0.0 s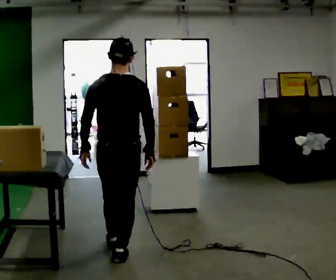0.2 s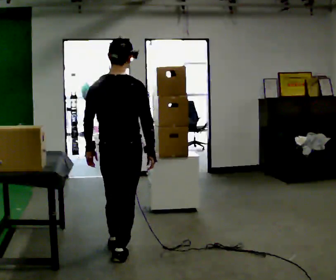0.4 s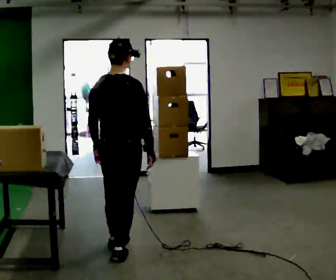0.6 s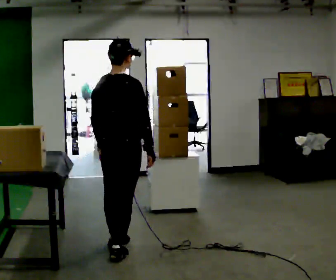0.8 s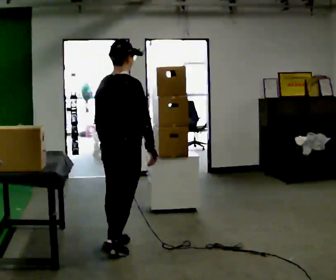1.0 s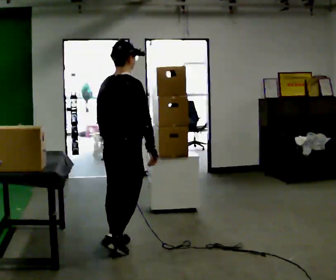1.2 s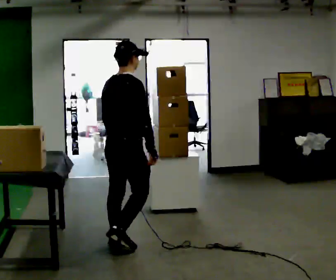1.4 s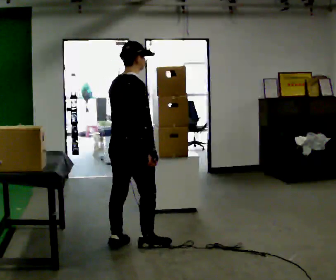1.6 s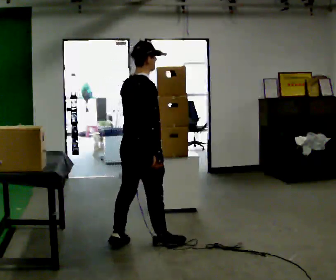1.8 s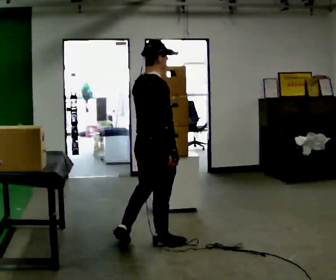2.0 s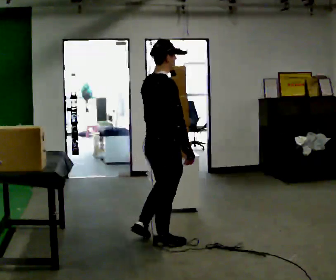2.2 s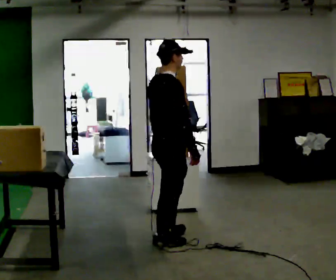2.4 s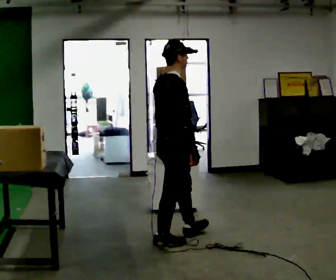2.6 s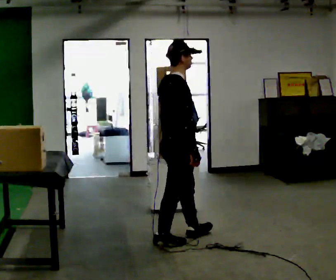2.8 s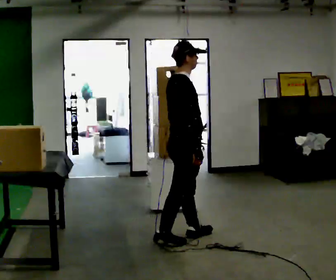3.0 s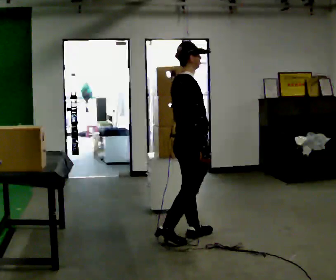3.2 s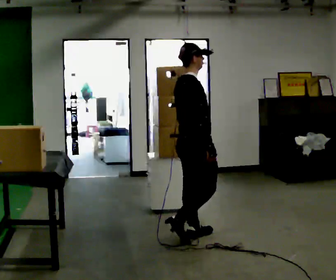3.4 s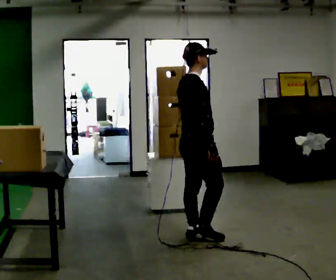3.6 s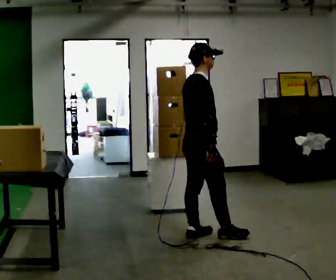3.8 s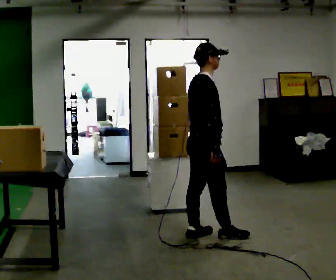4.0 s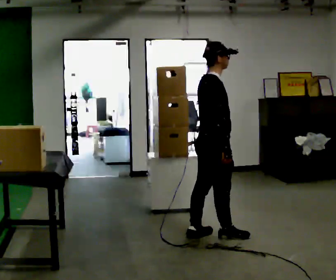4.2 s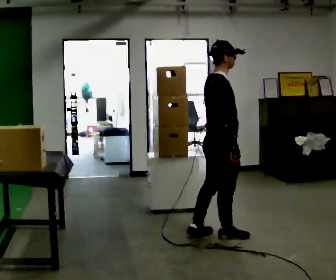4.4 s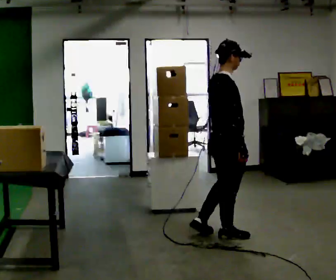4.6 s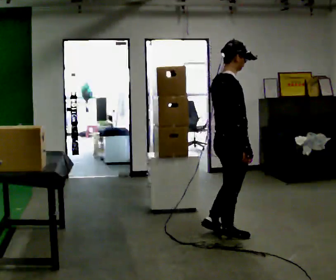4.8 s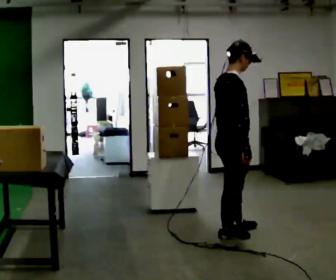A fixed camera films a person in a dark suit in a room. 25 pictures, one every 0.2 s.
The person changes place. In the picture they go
to the right.
The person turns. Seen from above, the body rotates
clockwise.
0.0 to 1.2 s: The person turns about 45 degrees to their right, clockwise seen from above, so the part of the body nearest the lens slides to the left. In the picture they go away from the camera, about 0.25 m, which for them is forward.
1.2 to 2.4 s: The part of the body nearest the lens slides to the left as the person turns to their right by about 30 degrees. In the picture they go to the right, about 0.5 m in 1 step, which for them is forward and to their right.
2.4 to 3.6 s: In the picture they go to the right and away from the camera, about 0.25 m in 2 steps, which for them is forward.
3.6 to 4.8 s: In the picture they go to the right, about 0.25 m, which for them is forward and to their right.
The film runs forward here.
